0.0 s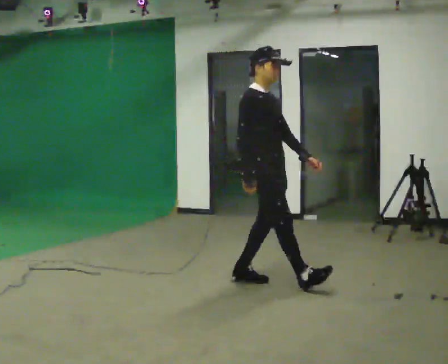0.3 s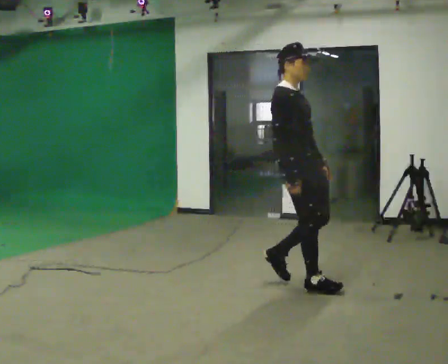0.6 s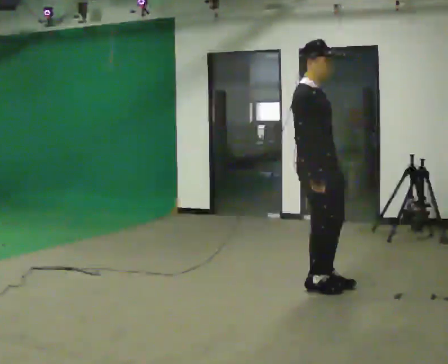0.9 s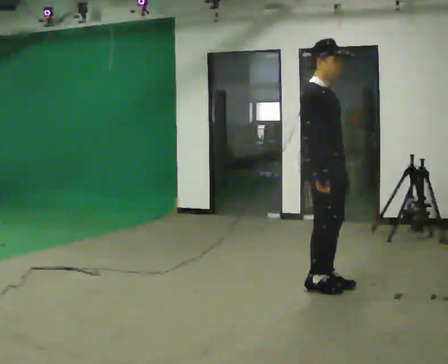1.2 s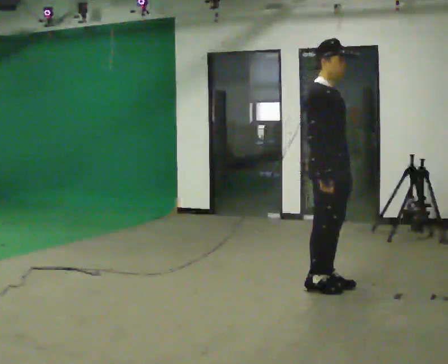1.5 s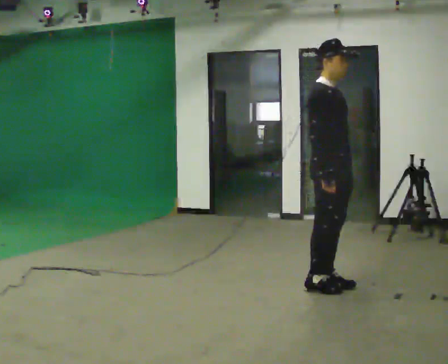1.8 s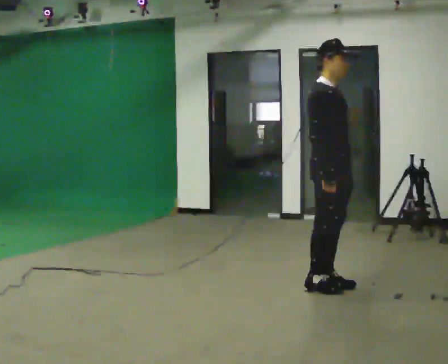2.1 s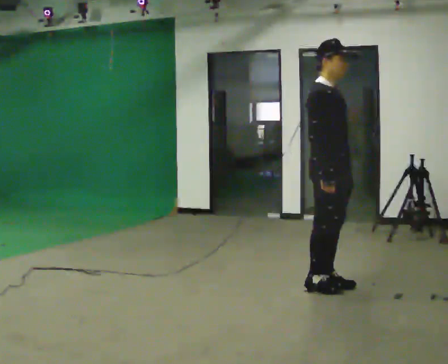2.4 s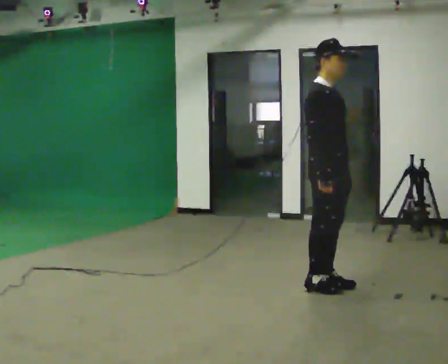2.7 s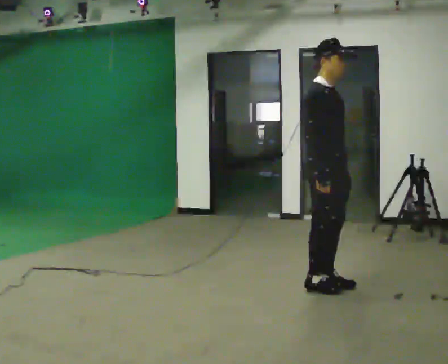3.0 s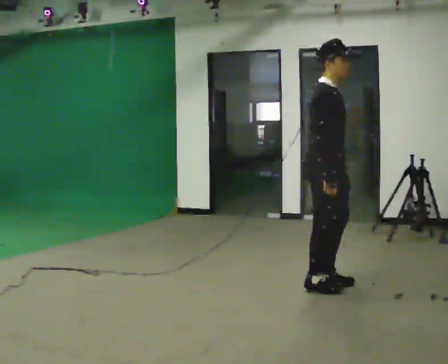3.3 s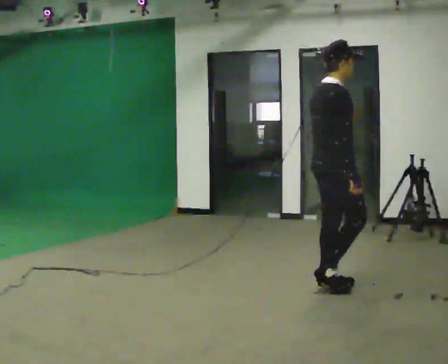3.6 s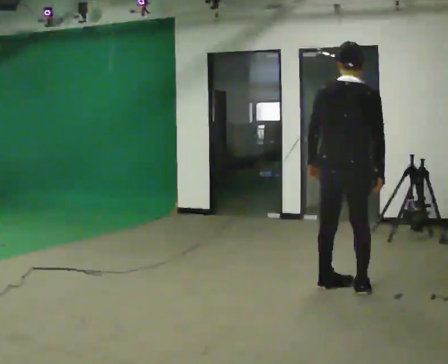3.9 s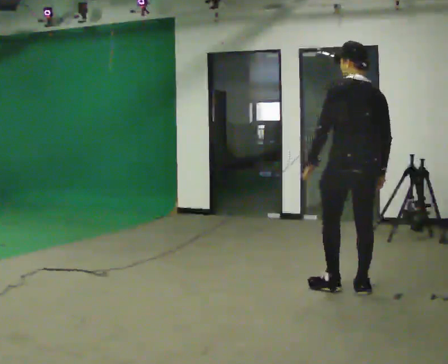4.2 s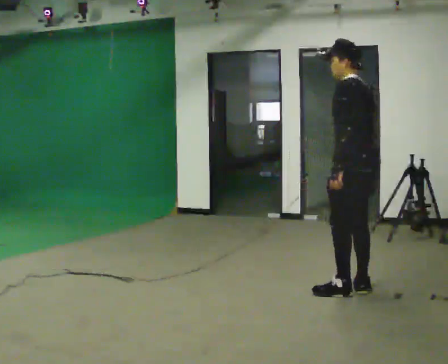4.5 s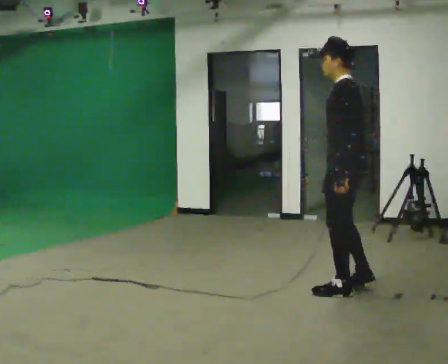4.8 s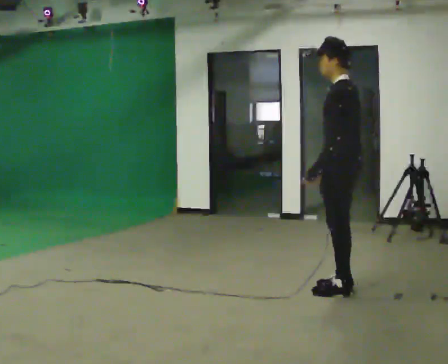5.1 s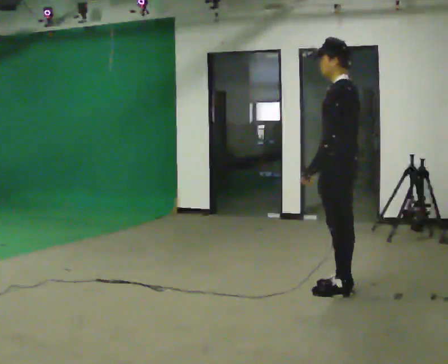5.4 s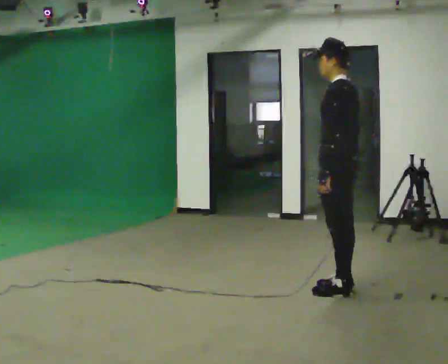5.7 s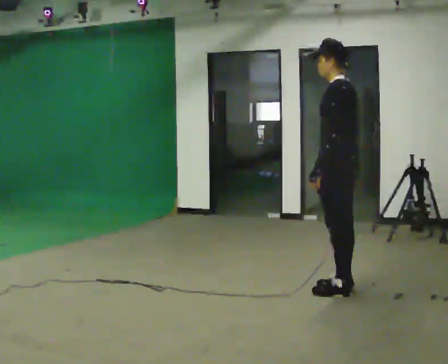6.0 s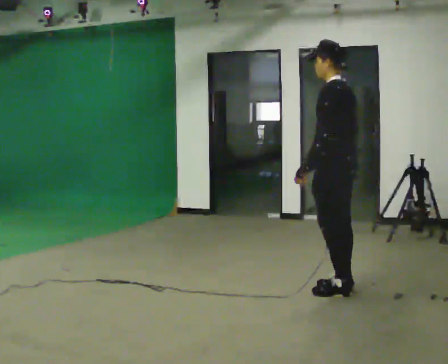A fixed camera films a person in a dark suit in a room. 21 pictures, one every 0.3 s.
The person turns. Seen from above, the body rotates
counterclockwise.
The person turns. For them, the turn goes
to their left.
0.0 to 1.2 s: In the picture they go to the right, about 0.5 m in 2 steps, which for them is forward.
1.2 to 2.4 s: The person keeps their place and pose.
2.4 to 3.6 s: Seen from above the body turns counterclockwise, about 105 degrees: to their left, with its near side sliding to the right. In the picture they go to the right, about 0.25 m in 1 step.
3.6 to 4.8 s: Seen from above the body turns counterclockwise, about 90 degrees: to their left, with its near side sliding to the right.
4.8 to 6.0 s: The person moves a little, or ends about where they began.
The film runs forward here.
